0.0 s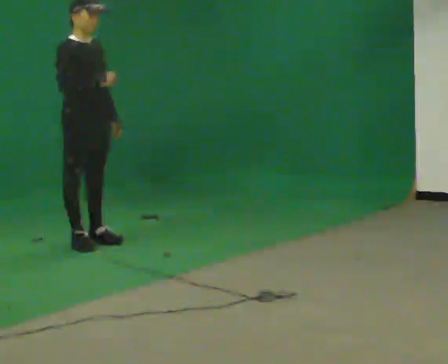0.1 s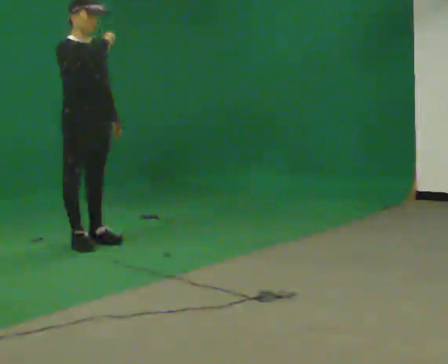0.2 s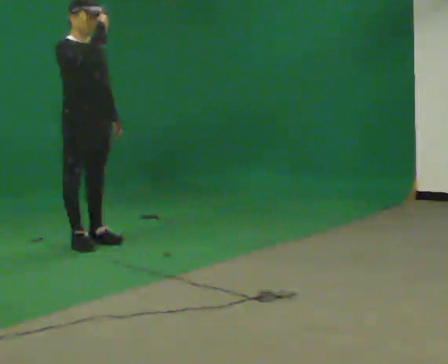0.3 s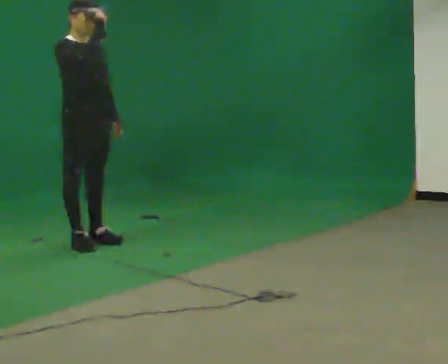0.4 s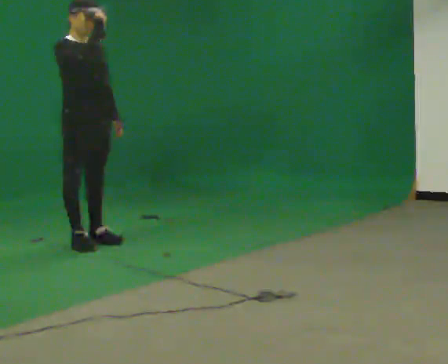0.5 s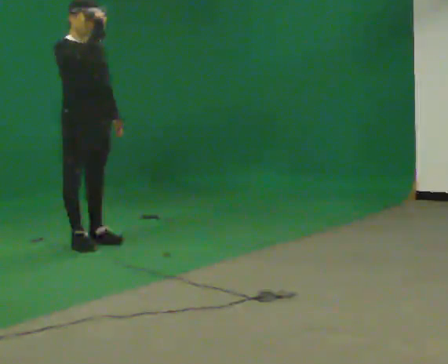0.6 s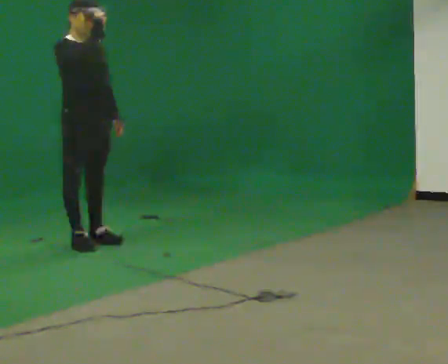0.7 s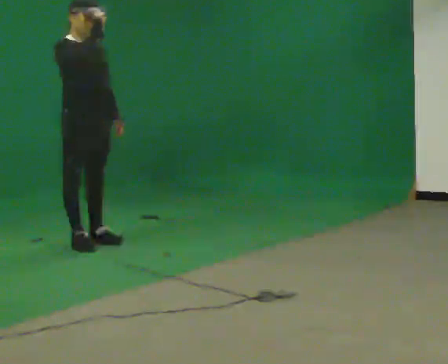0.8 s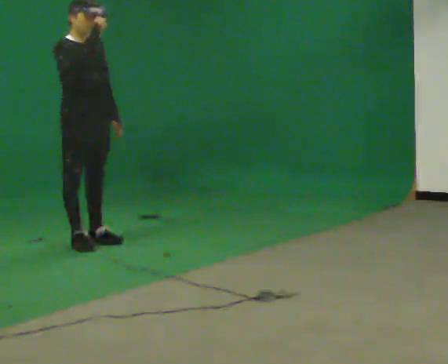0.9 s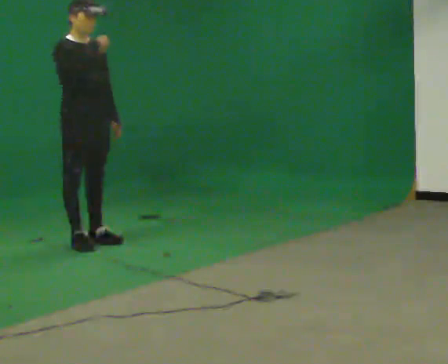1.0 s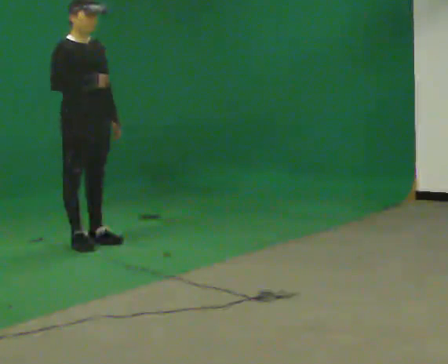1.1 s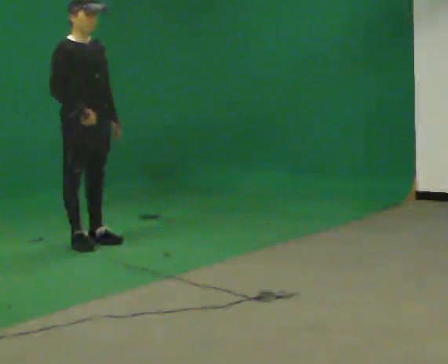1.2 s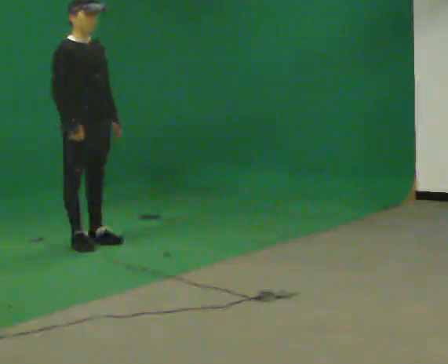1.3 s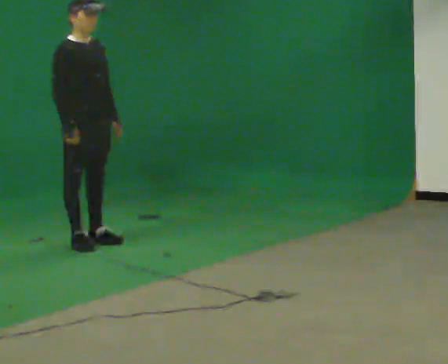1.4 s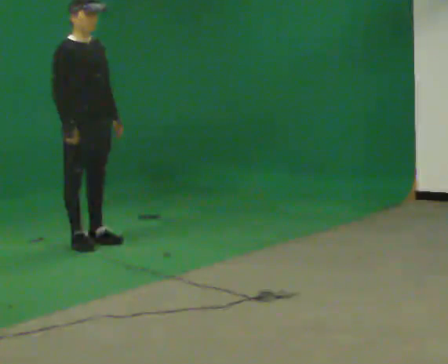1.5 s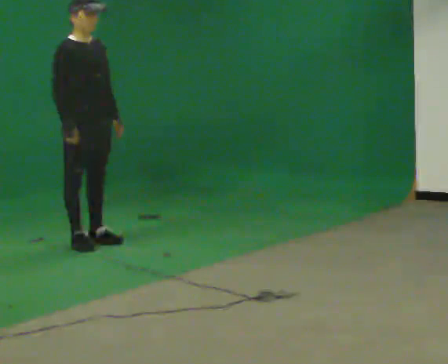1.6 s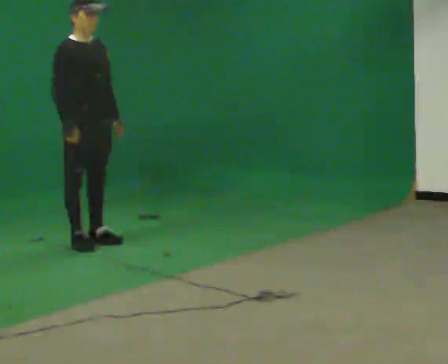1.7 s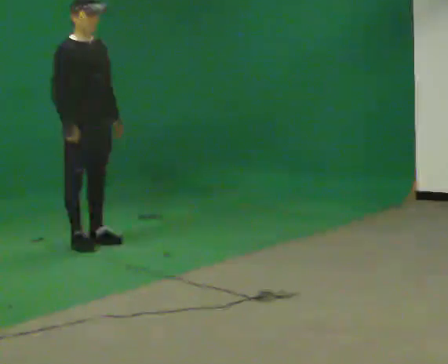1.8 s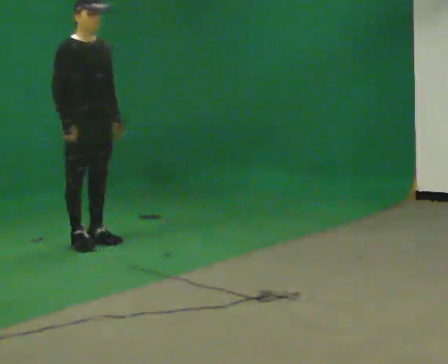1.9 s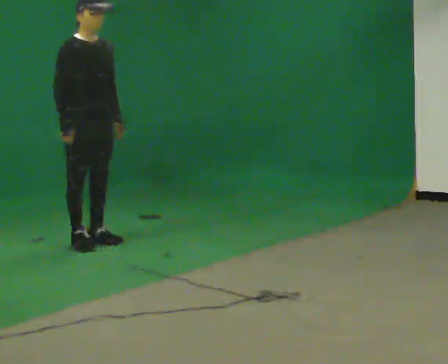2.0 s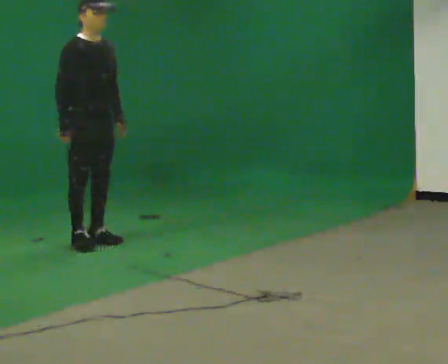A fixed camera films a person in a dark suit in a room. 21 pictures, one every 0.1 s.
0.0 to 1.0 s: The person moves a little, or ends about where they began.
1.0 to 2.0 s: In the picture their right hand goes downward.
The film runs backward here.
